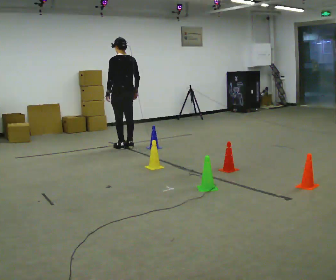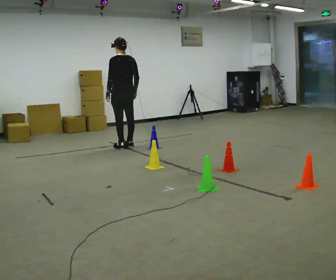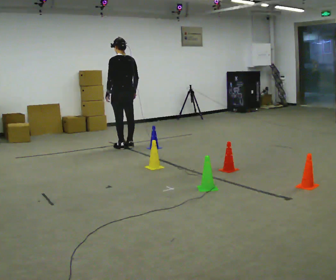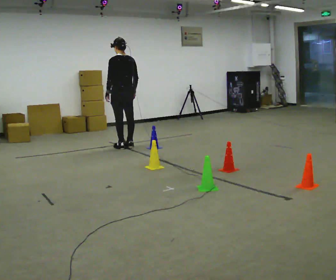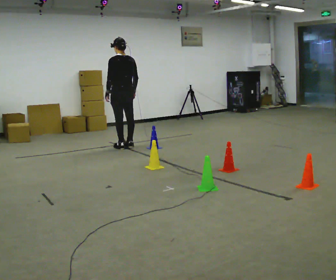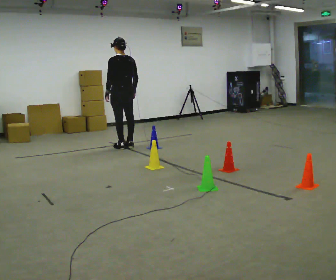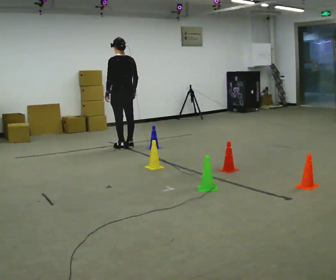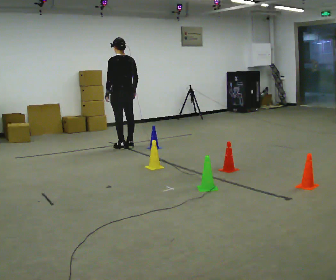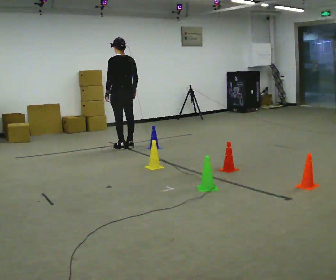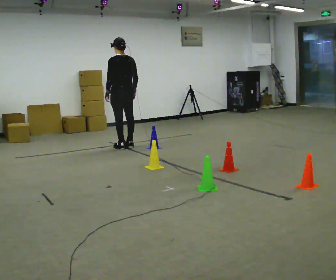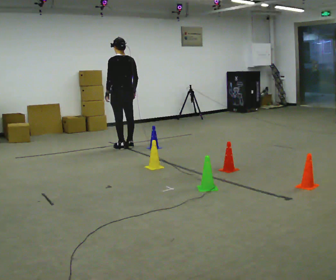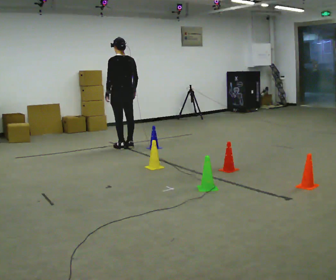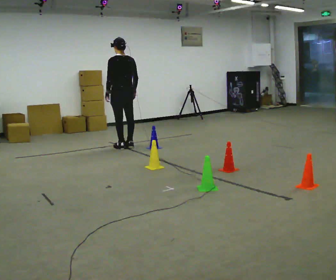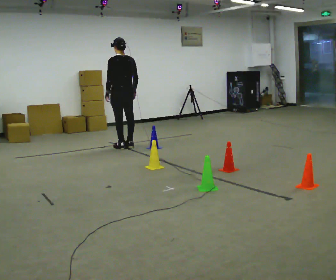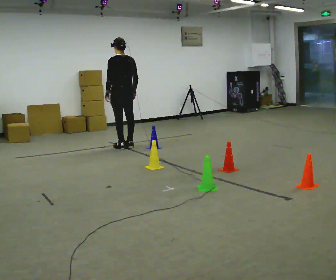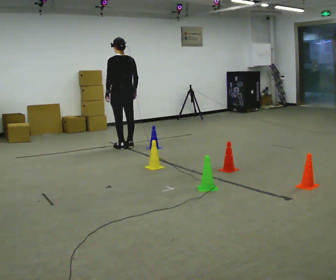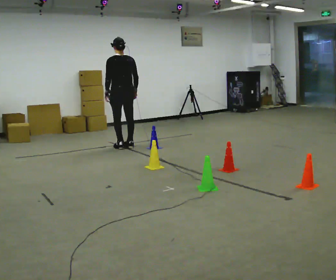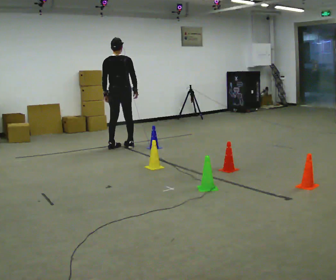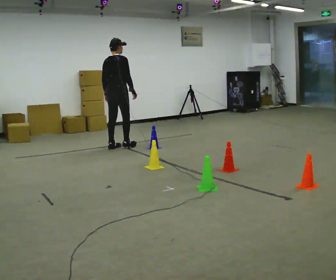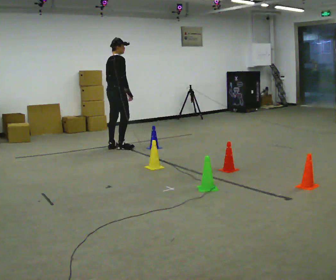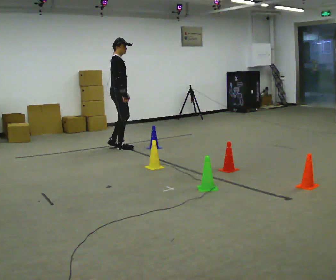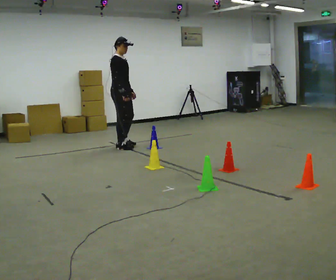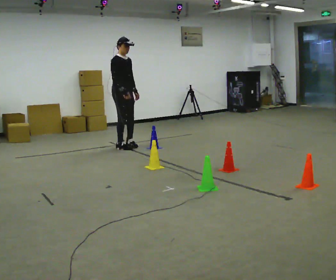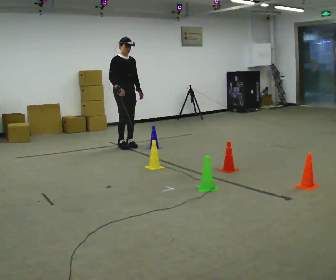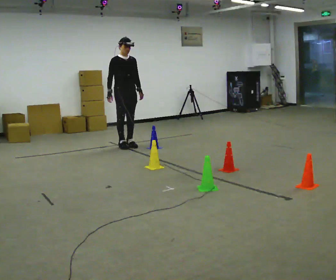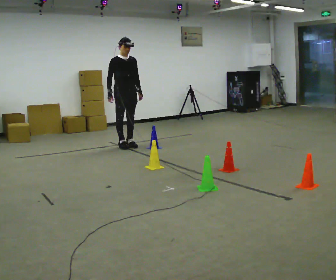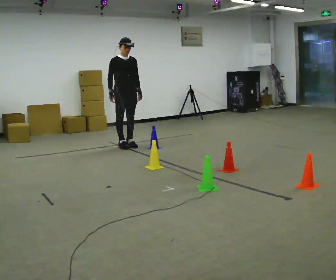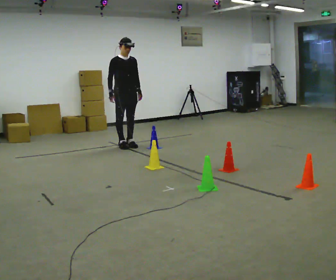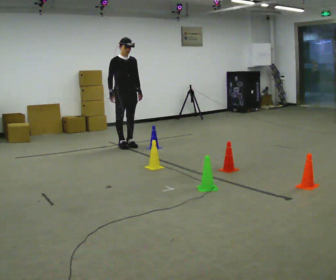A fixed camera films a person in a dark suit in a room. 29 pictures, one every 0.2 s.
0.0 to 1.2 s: The person moves a little, or ends about where they began.
1.2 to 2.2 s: The person keeps their place and pose.
2.2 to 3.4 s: Seen from above the body turns clockwise, about 45 degrees: to their right, with its near side sliding to the left.
3.4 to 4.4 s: The person turns about 120 degrees to their right, clockwise seen from above, so the part of the body nearest the lens slides to the left. In the picture their left hand goes to the right, the arm swinging counterclockwise.
4.4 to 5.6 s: The person moves a little, or ends about where they began.
The film runs forward here.
